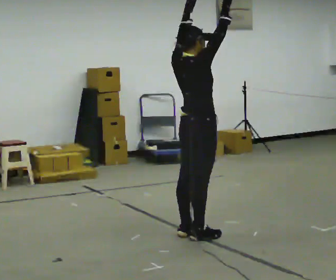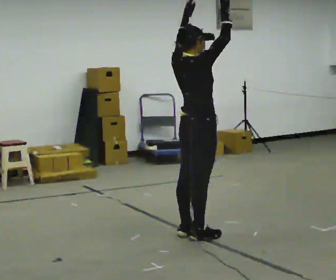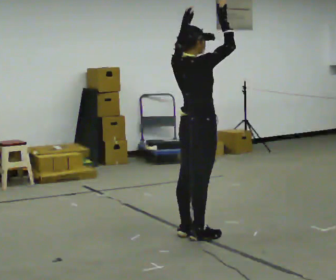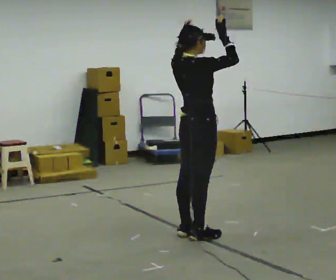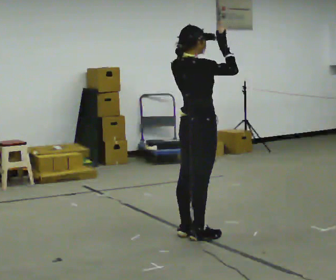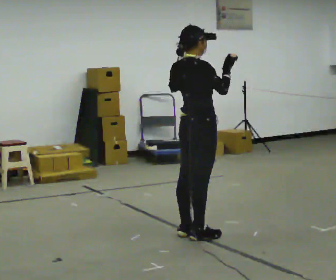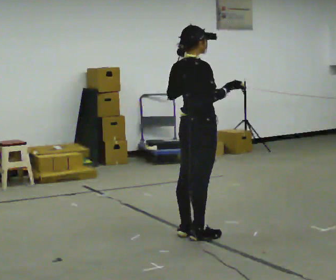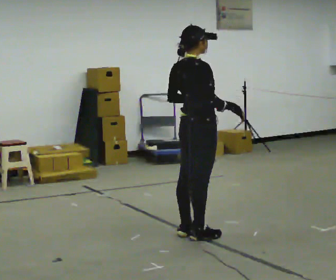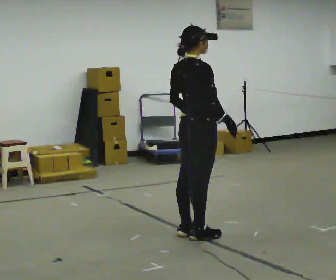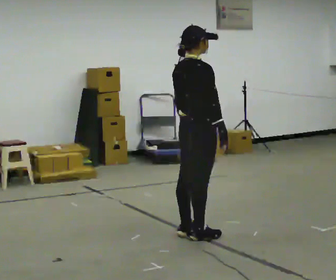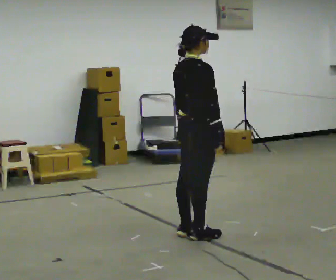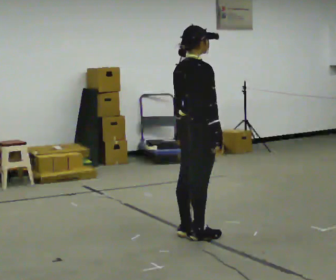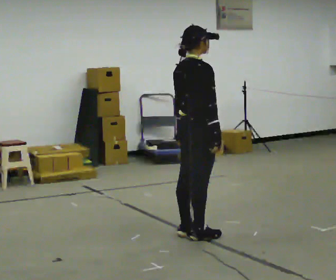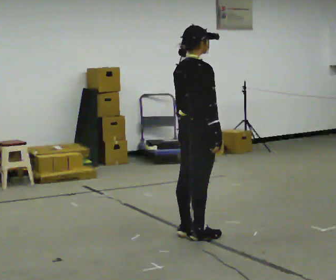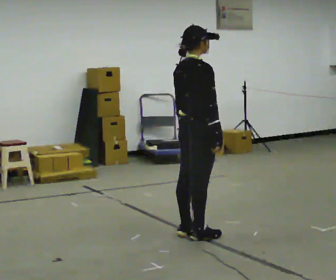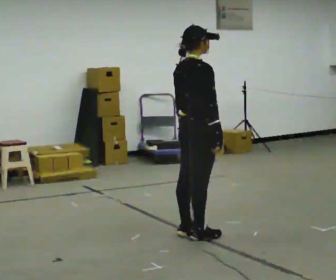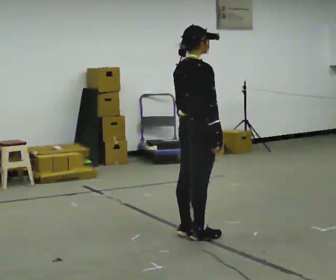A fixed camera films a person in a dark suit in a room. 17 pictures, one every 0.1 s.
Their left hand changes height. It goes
downward.
Their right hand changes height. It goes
downward.
0.0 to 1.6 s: In the picture their right hand goes downward.
The film runs forward here.
